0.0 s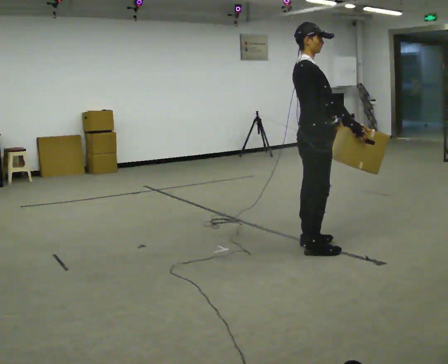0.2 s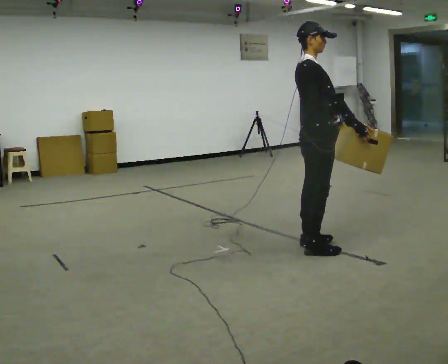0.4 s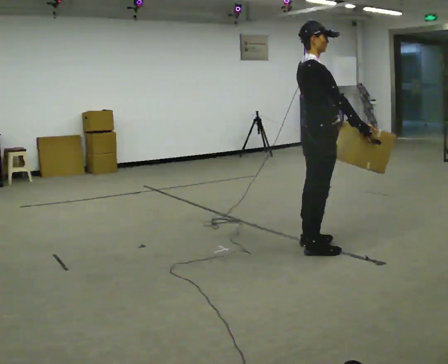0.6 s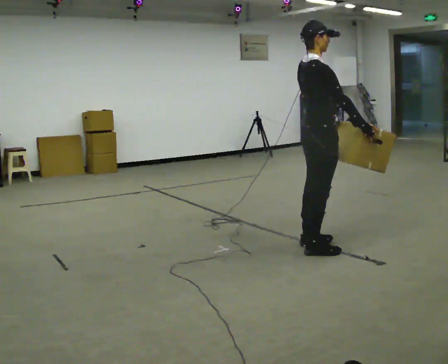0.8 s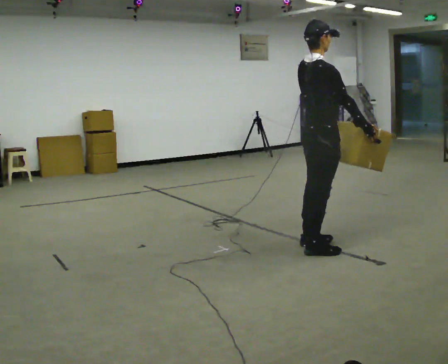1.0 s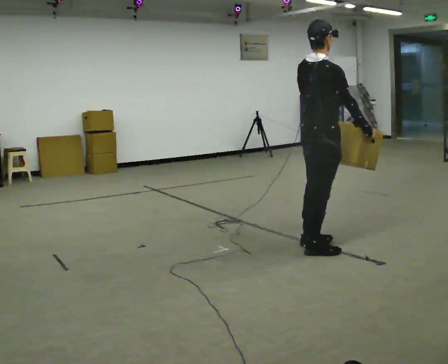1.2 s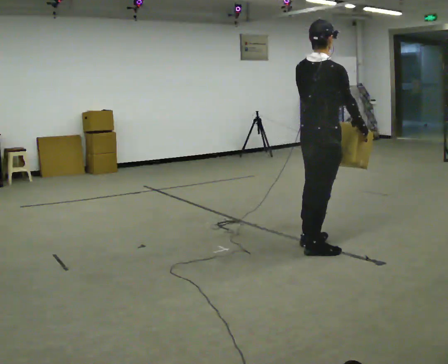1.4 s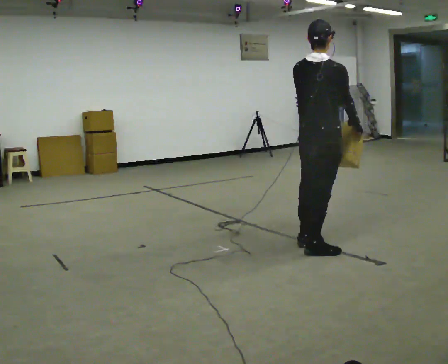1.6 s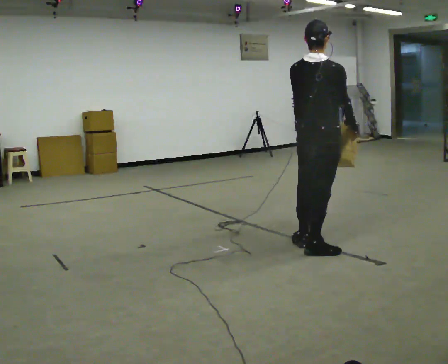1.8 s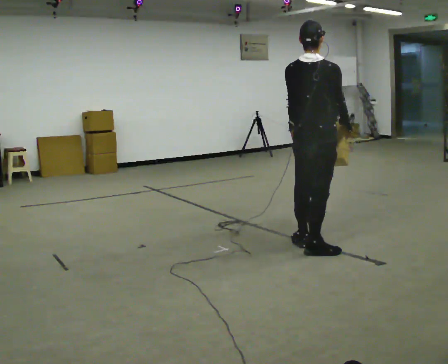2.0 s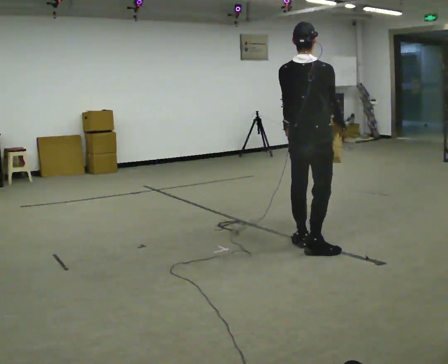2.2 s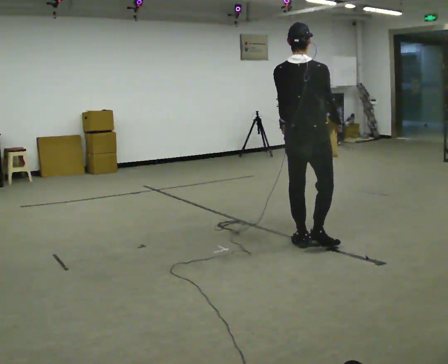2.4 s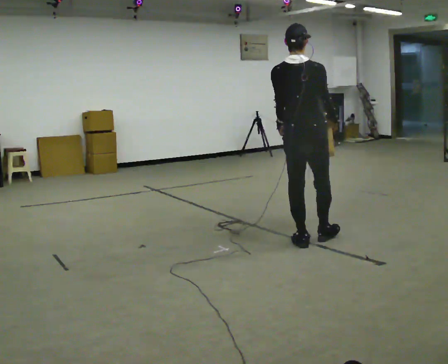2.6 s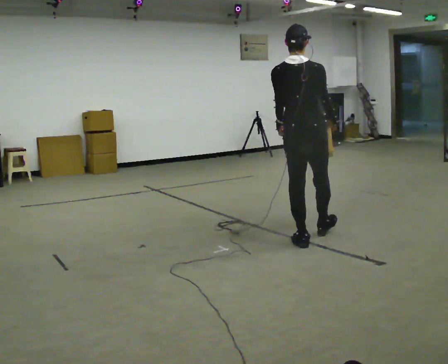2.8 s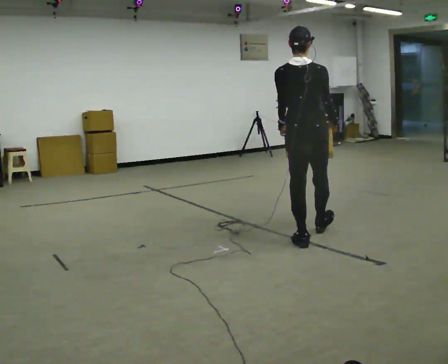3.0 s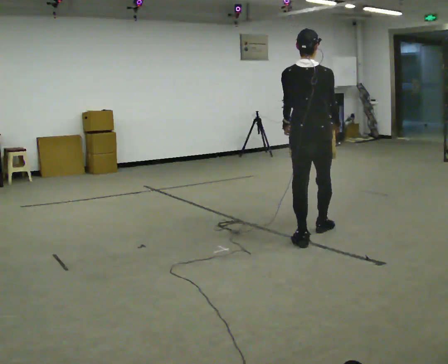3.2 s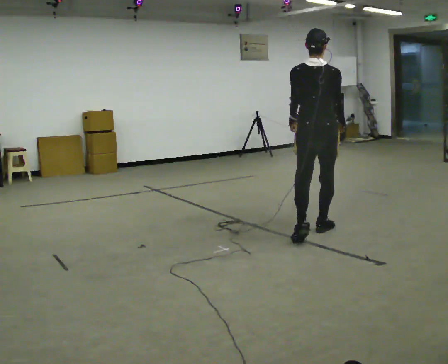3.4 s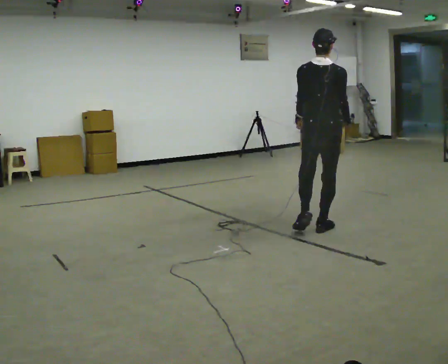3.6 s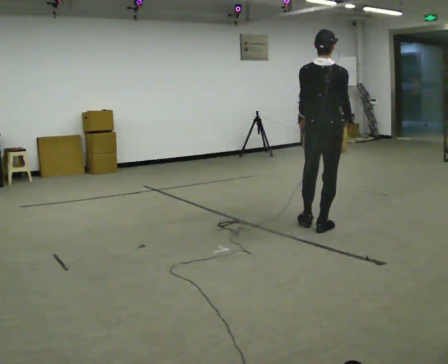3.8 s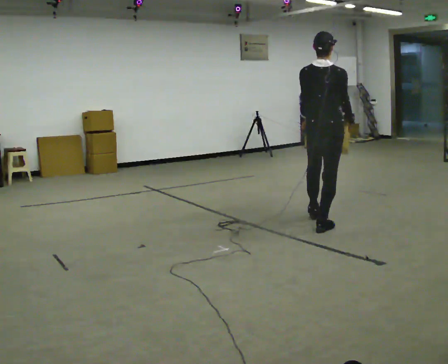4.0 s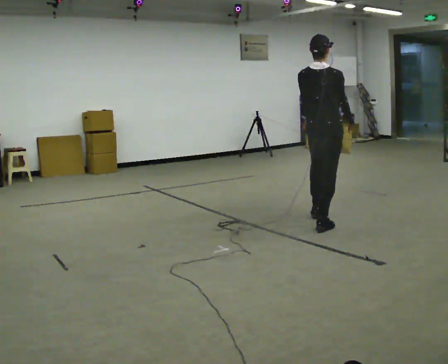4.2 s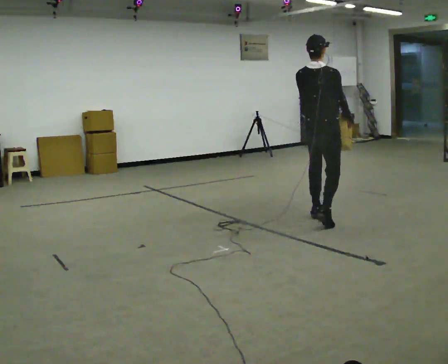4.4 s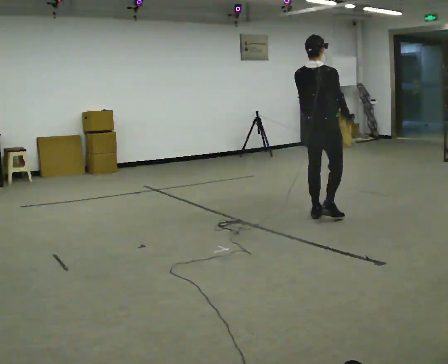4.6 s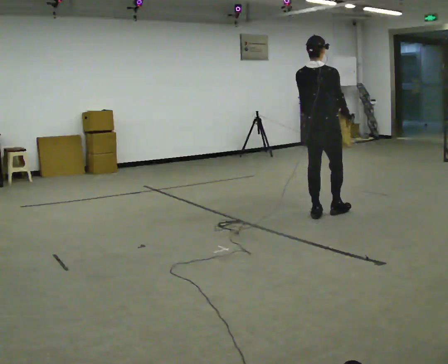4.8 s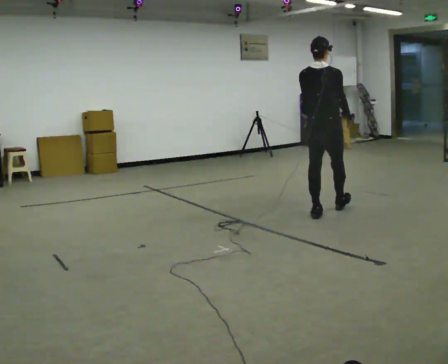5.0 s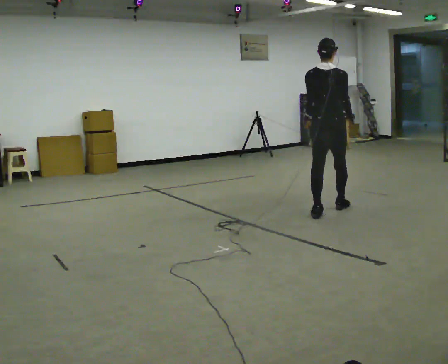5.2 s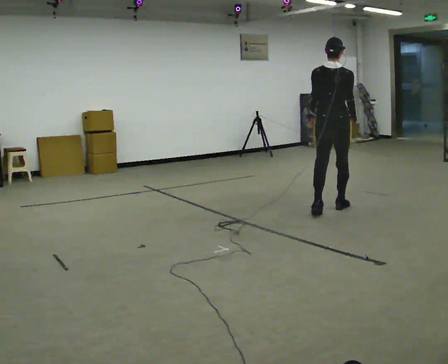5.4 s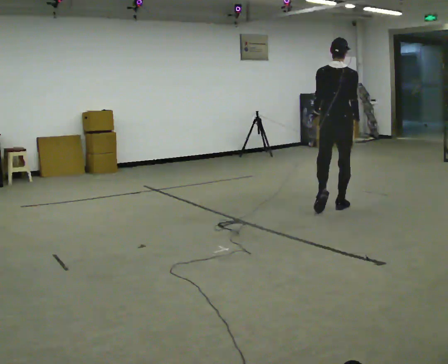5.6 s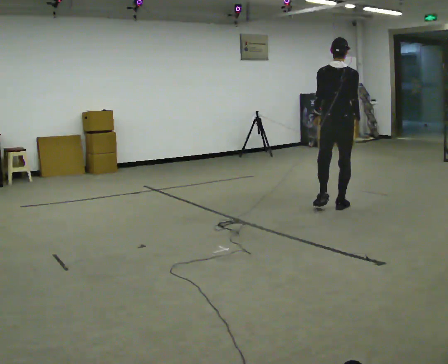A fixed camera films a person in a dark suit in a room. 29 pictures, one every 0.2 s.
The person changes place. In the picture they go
away from the camera.
0.0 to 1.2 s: The person turns about 45 degrees to their left, counterclockwise seen from above, so the part of the body nearest the lens slides to the right.
1.2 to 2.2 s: Seen from above the body turns counterclockwise, about 30 degrees: to their left, with its near side sliding to the right. In the picture they go away from the camera, about 0.25 m, which for them is to their left and forward.
2.2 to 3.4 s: In the picture they go away from the camera, about 0.5 m in 1 step, which for them is forward.
3.4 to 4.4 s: In the picture they go away from the camera, about 0.5 m in 1 step, which for them is forward.
4.4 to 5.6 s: In the picture they go away from the camera and to the right, about 0.5 m in 1 step, which for them is forward and to their right.
The film runs forward here.
